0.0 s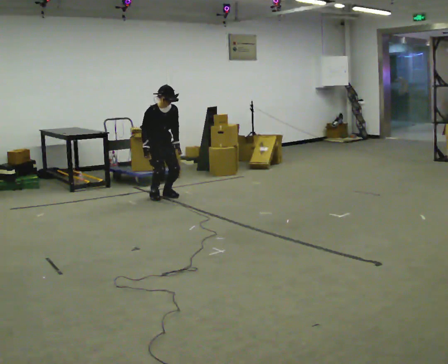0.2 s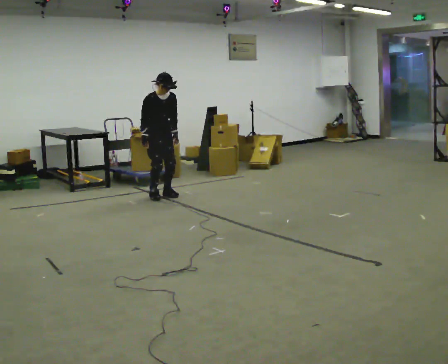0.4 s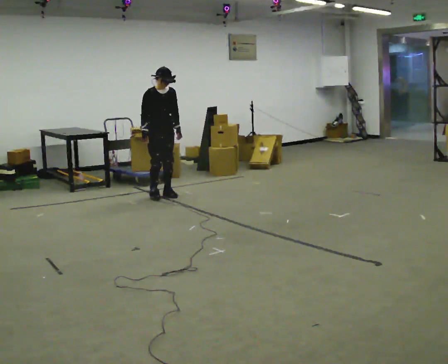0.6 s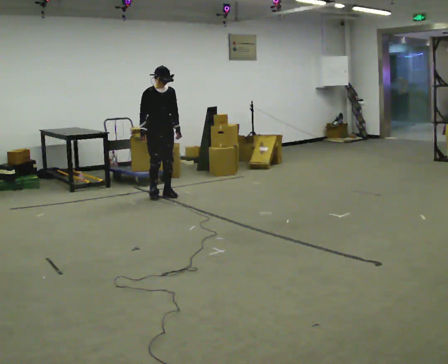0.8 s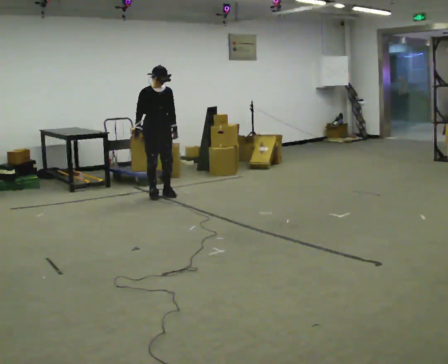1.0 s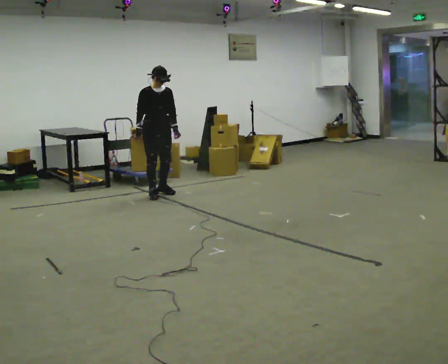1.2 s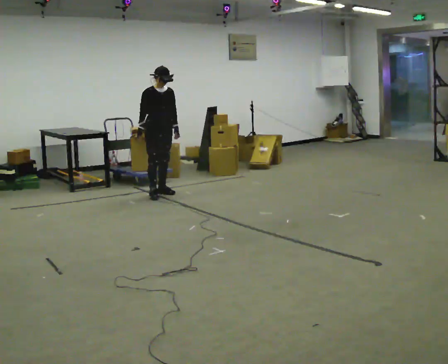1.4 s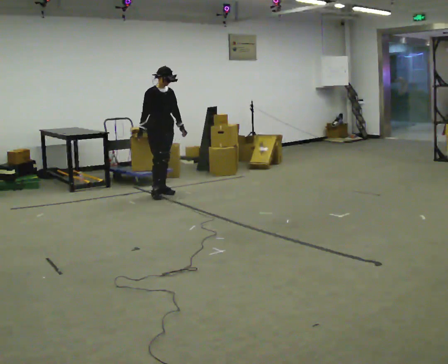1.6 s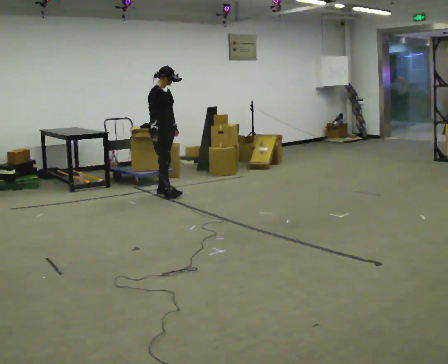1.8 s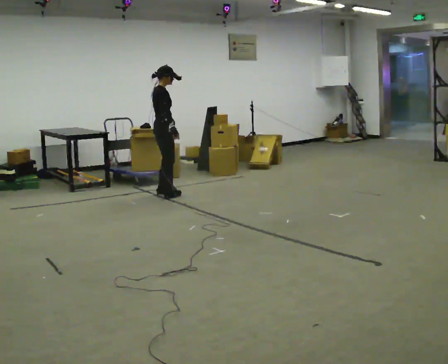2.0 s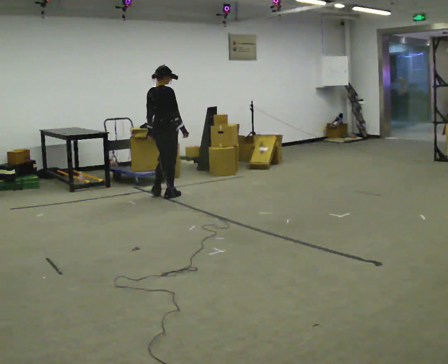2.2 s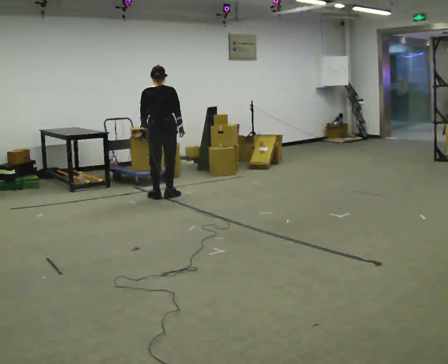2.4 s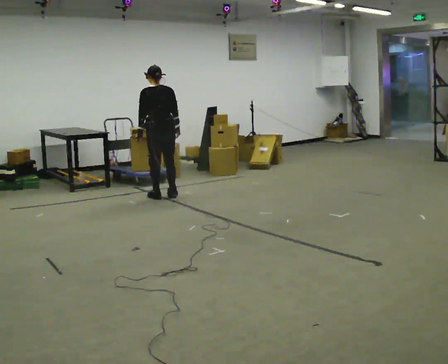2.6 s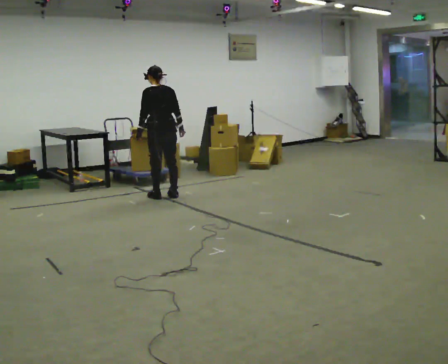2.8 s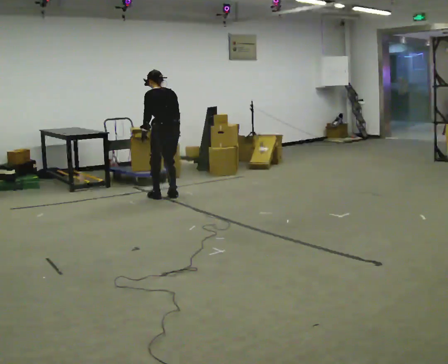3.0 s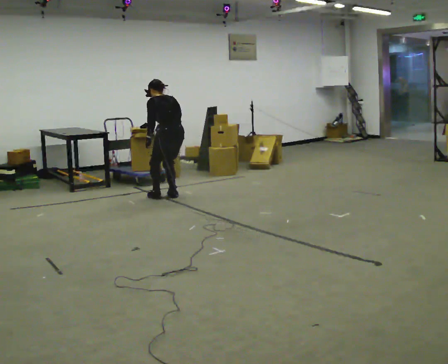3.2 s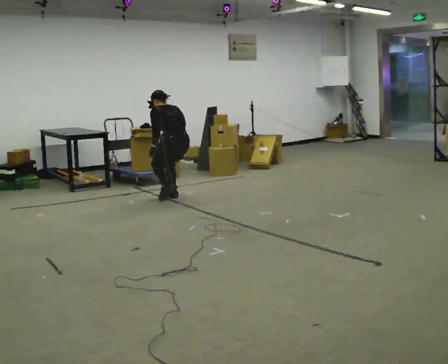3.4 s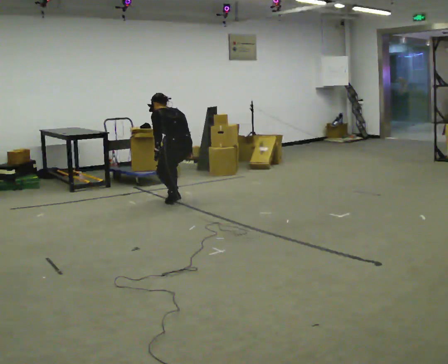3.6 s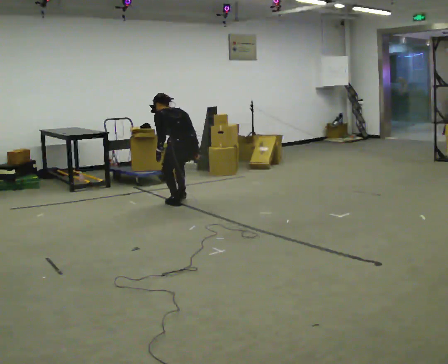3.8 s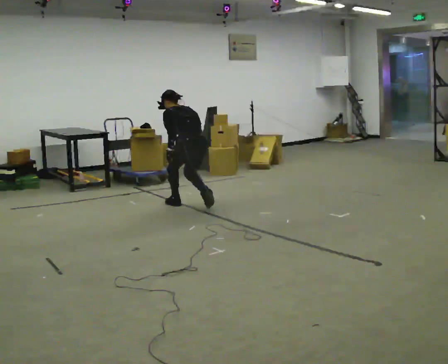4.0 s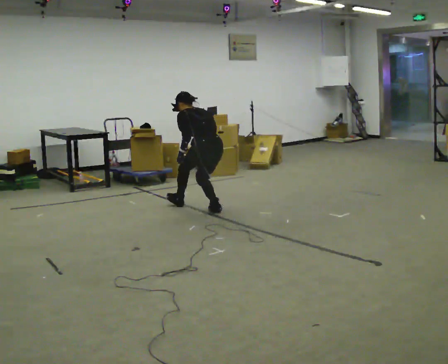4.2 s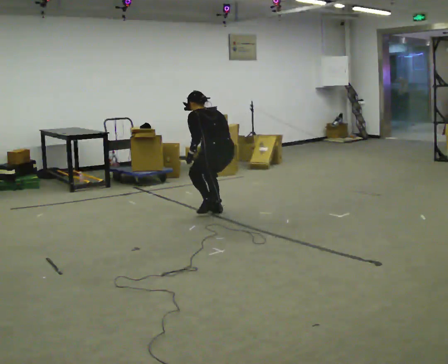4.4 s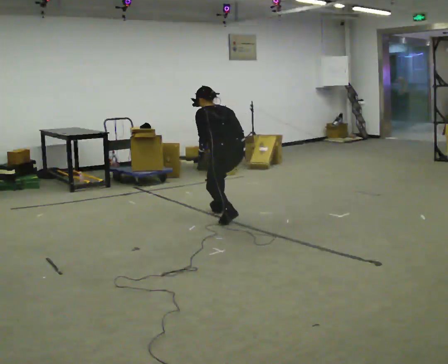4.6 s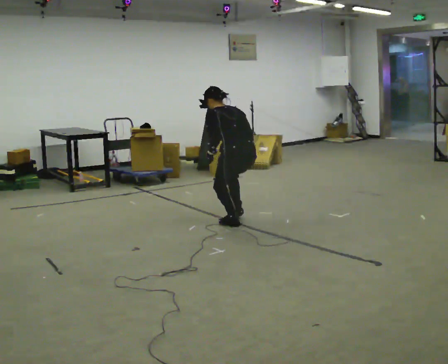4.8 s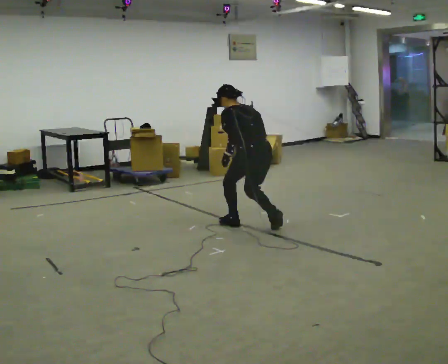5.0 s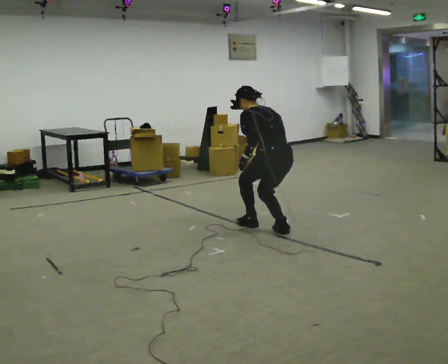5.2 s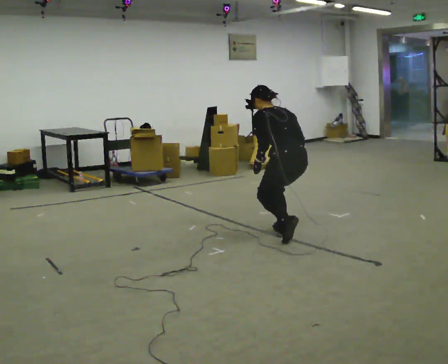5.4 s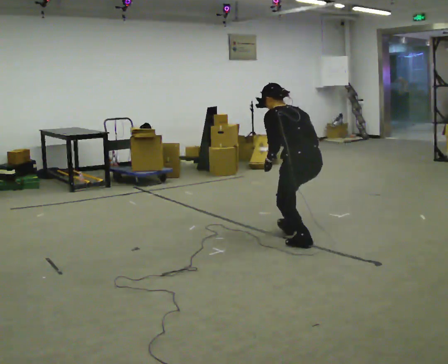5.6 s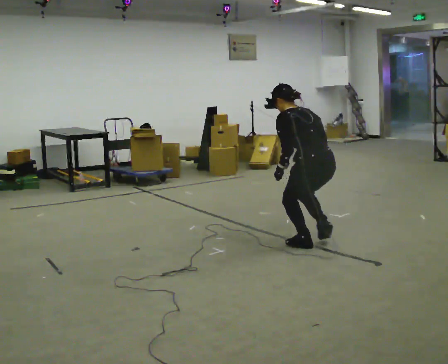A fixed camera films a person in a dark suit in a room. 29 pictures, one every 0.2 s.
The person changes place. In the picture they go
toward the camera.
The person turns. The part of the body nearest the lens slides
to the right.
0.0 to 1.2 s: The shoulders move upward. The upper body tips away from the camera, its near side rolling upward, as they lean back or straighten.
1.2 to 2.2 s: Seen from above the body turns counterclockwise, about 135 degrees: to their left, with its near side sliding to the right. In the picture their right hand goes to the right, the arm swinging counterclockwise.
2.2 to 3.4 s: The person turns about 60 degrees to their left, counterclockwise seen from above, so the part of the body nearest the lens slides to the right. In the picture they go toward the camera and to the right, about 0.25 m in 1 step, which for them is backward. The upper body goes downward. The upper body tips away from the camera, its near side rolling upward, as they bend forward.
3.4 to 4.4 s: In the picture they go toward the camera and to the right, about 1 m in 2 steps, which for them is backward.
4.4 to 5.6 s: In the picture they go toward the camera and to the right, about 1 m in 3 steps, which for them is backward.
The film runs backward here.
